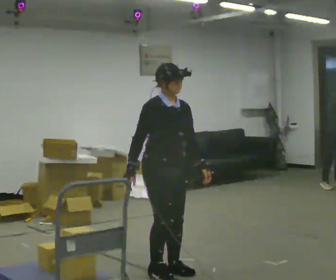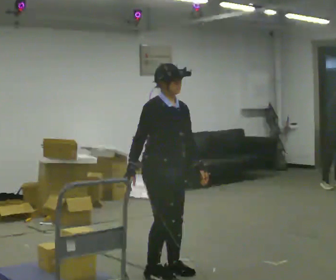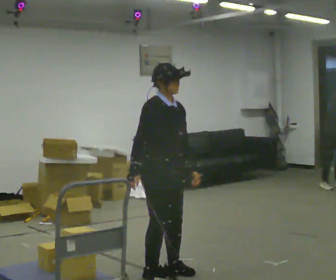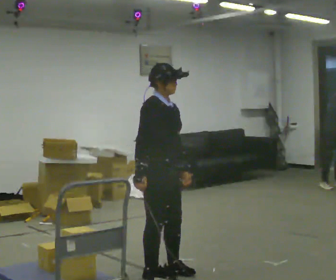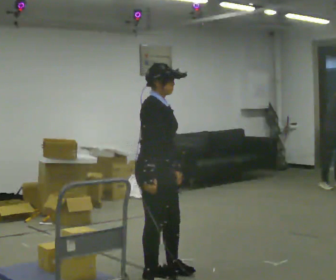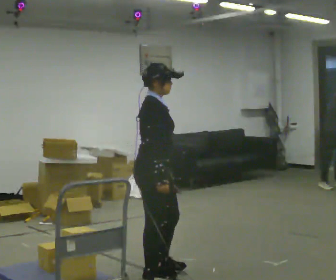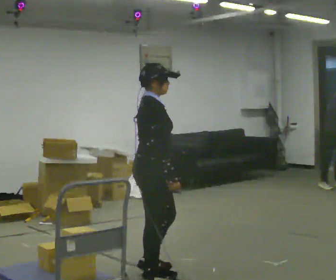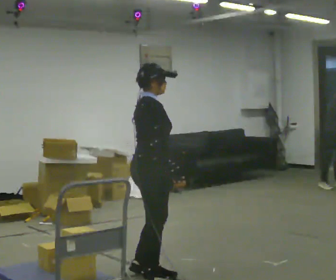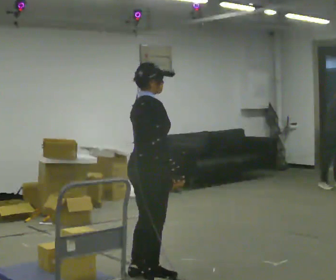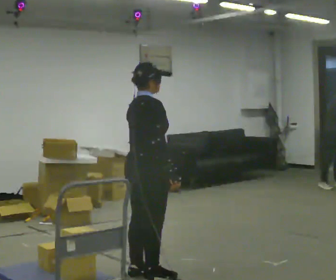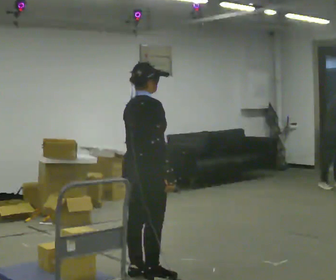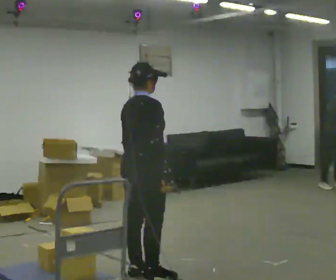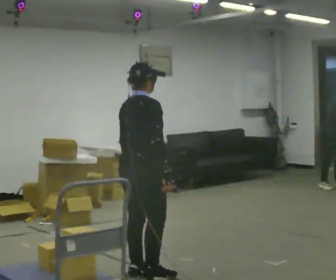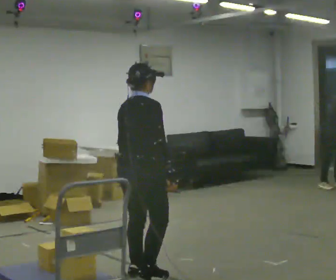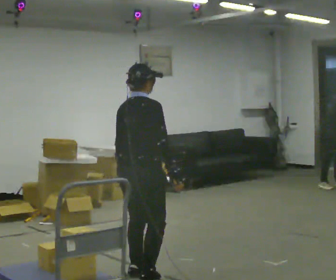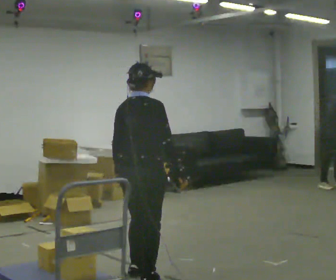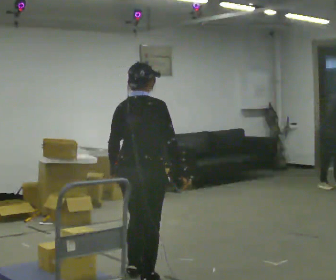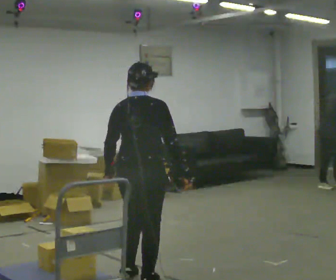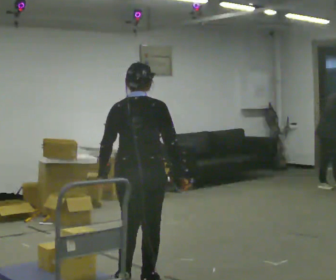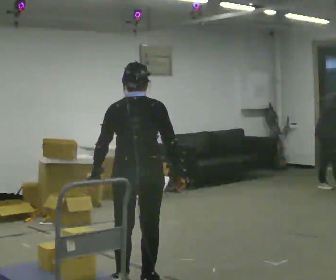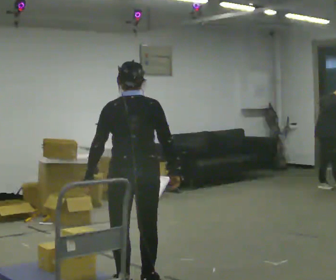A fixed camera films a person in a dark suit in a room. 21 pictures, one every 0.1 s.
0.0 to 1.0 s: Seen from above the body turns counterclockwise, about 75 degrees: to their left, with its near side sliding to the right. In the picture they go to the left, about 0.25 m in 1 step.
1.0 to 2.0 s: The part of the body nearest the lens slides to the right as the person turns to their left by about 75 degrees. In the picture they go toward the camera, about 0.25 m in 2 steps. In the picture their left hand goes to the left.
The film runs backward here.
